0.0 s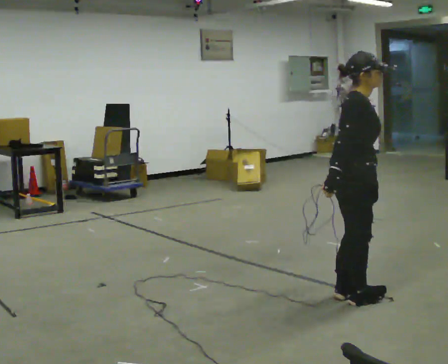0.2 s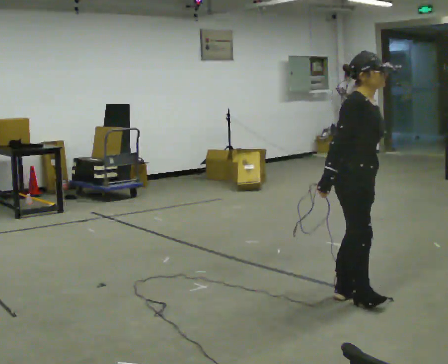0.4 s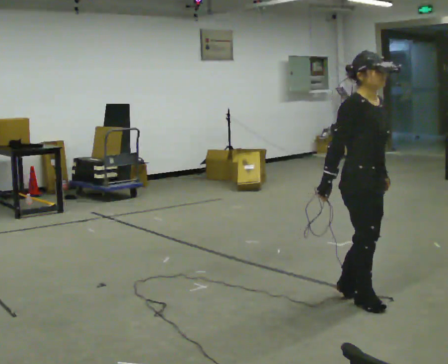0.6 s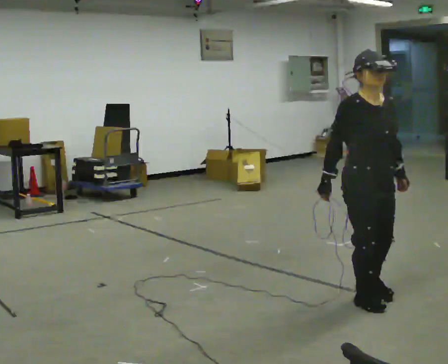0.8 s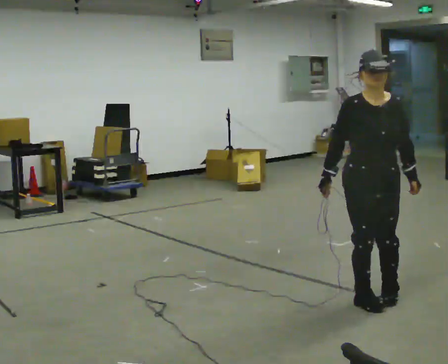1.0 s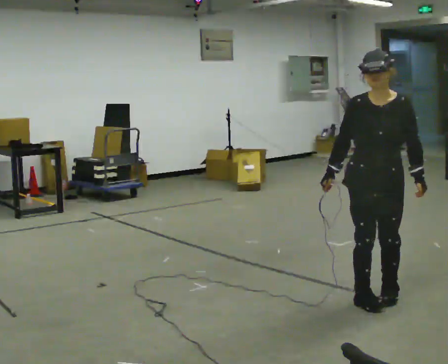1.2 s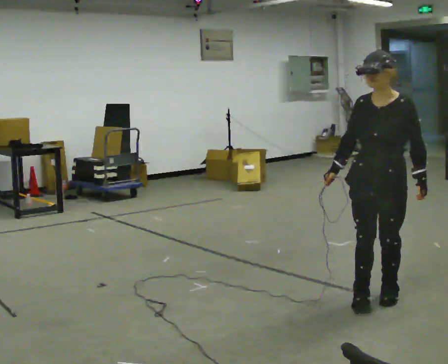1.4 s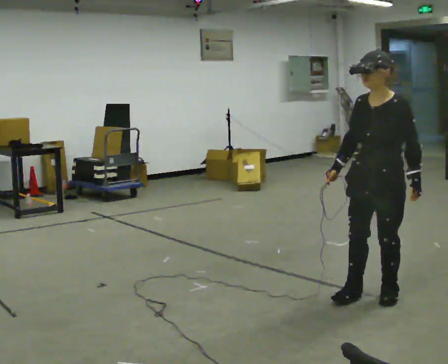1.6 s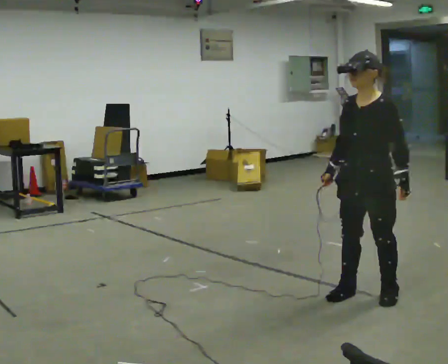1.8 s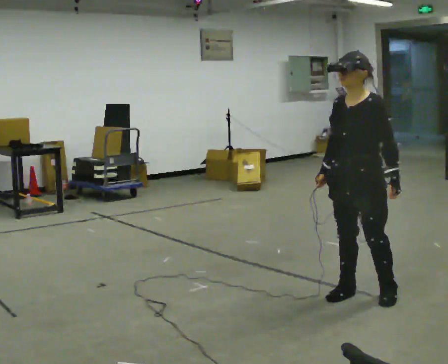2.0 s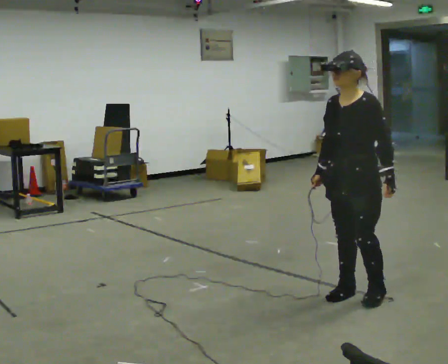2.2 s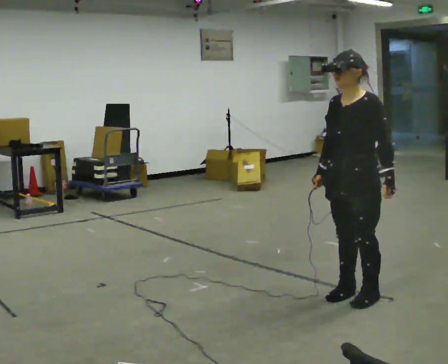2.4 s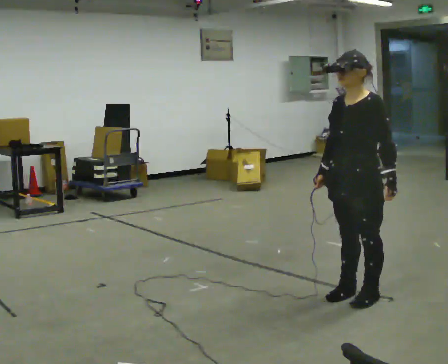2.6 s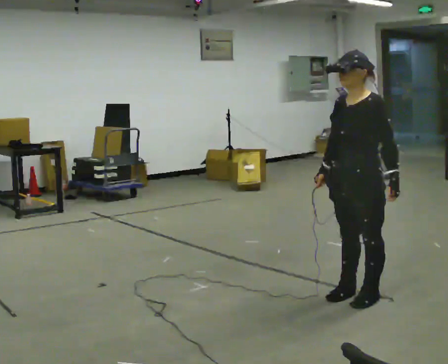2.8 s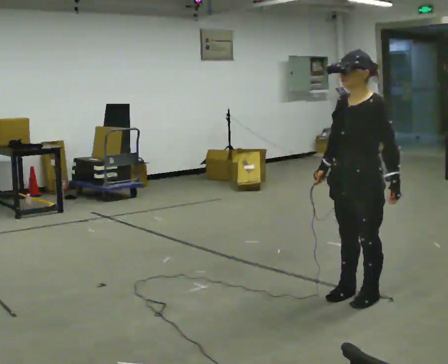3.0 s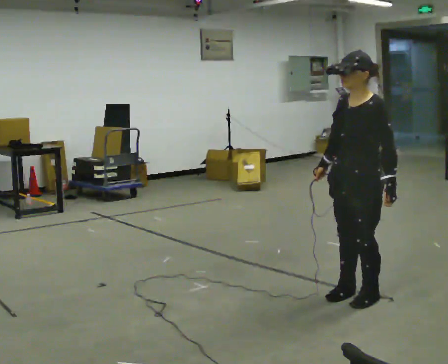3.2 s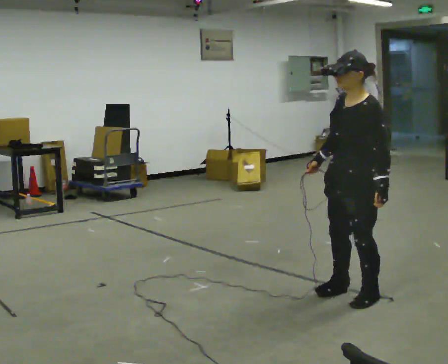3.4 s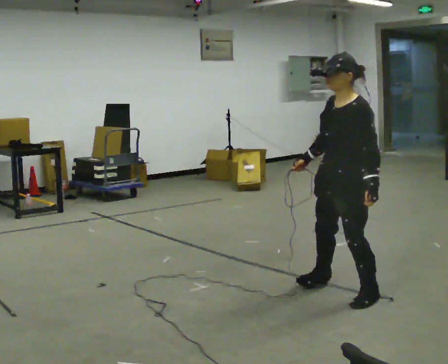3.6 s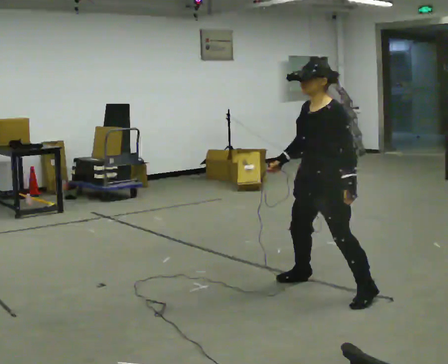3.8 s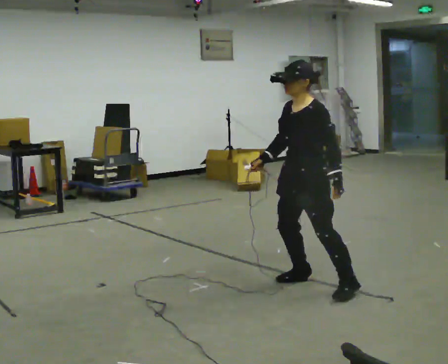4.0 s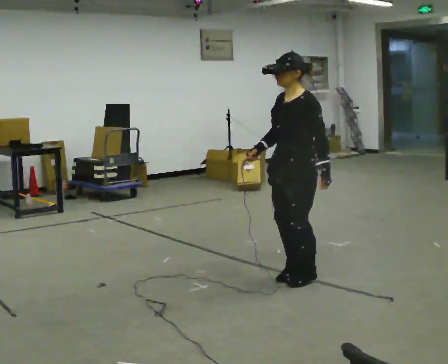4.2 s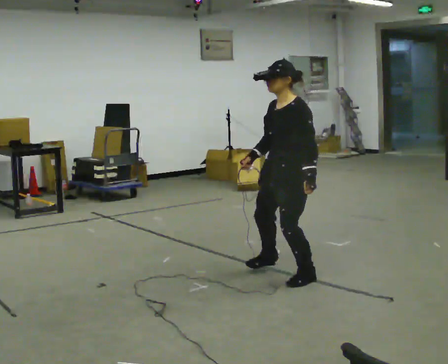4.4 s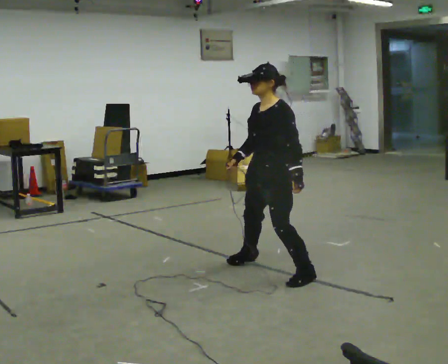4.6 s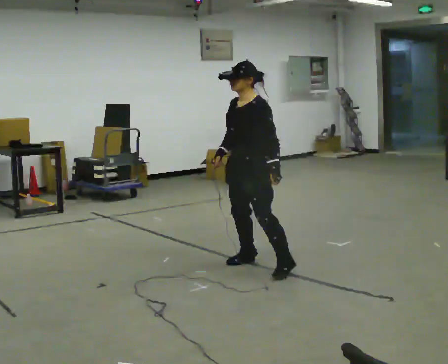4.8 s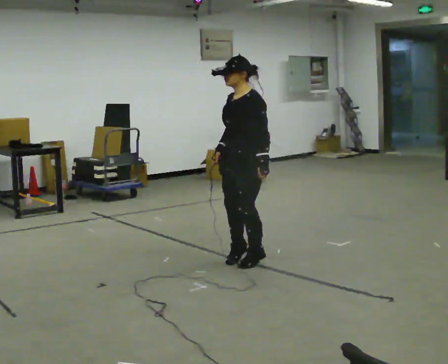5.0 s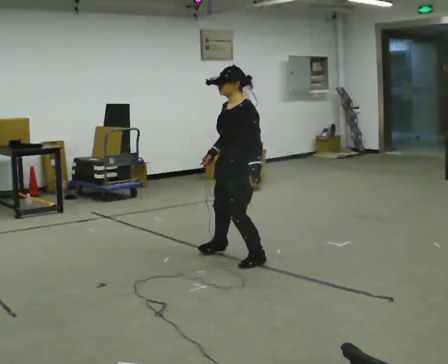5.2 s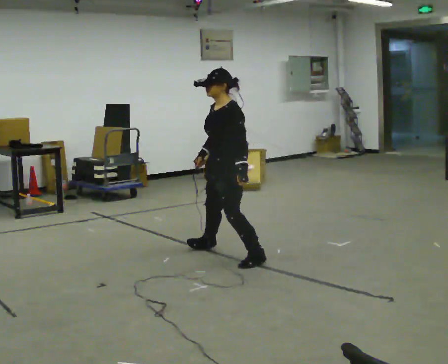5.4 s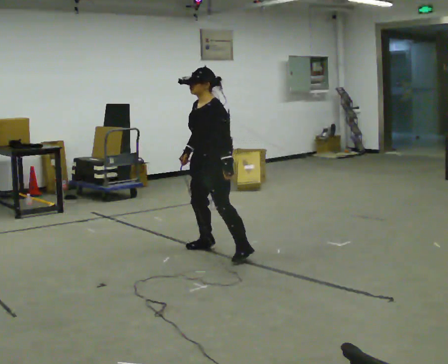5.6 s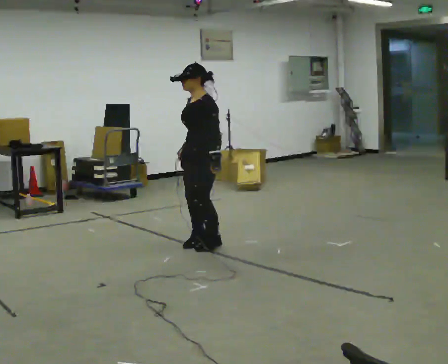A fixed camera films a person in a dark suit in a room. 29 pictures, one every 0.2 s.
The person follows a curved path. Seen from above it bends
counterclockwise.
0.0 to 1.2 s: The person turns about 120 degrees to their right, clockwise seen from above, so the part of the body nearest the lens slides to the left. In the picture they go to the right, about 0.25 m in 1 step.
1.2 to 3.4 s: The part of the body nearest the lens slides to the left as the person turns to their right by about 30 degrees. In the picture they go to the left, about 0.25 m in 1 step, which for them is to their right. In the picture their left hand goes to the left.
3.4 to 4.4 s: In the picture they go to the left and away from the camera, about 0.75 m in 2 steps, which for them is to their right.
4.4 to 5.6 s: In the picture they go to the left and away from the camera, about 1 m in 4 steps, which for them is to their right.
The film runs forward here.
